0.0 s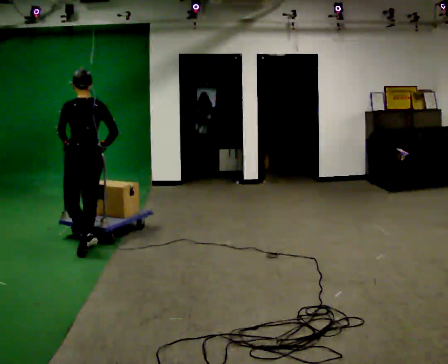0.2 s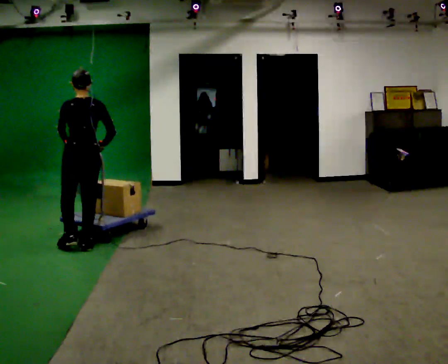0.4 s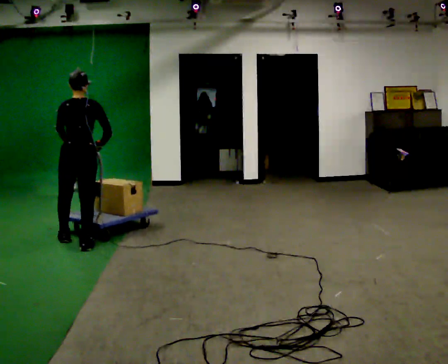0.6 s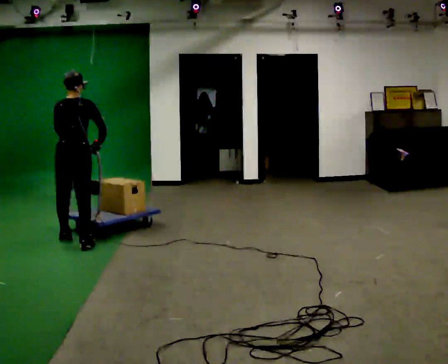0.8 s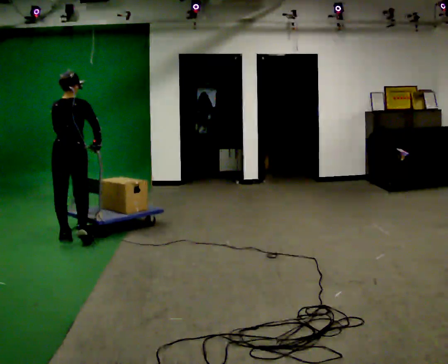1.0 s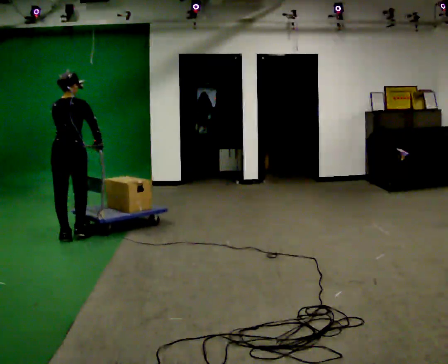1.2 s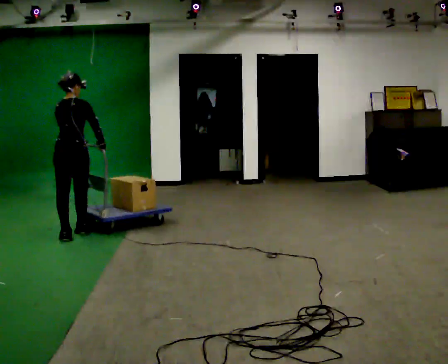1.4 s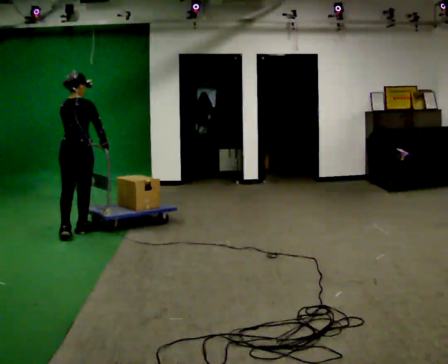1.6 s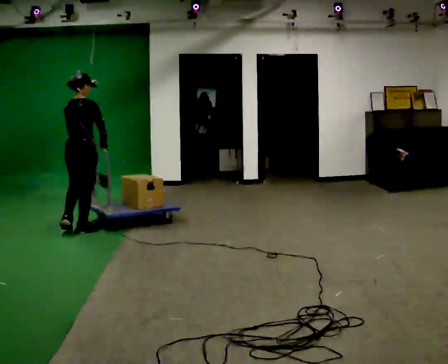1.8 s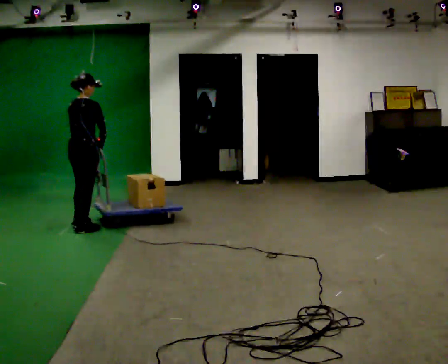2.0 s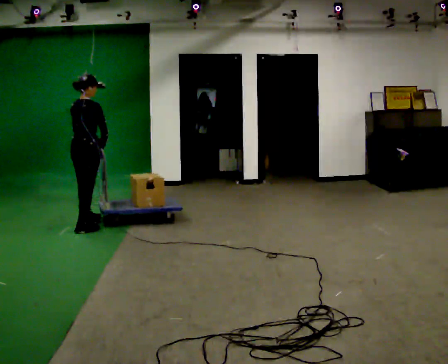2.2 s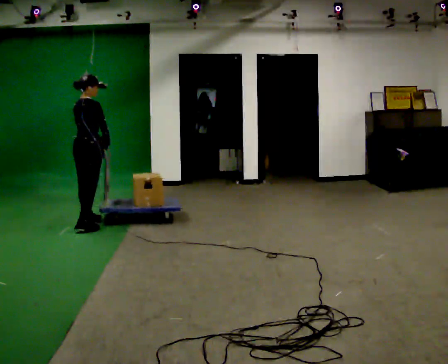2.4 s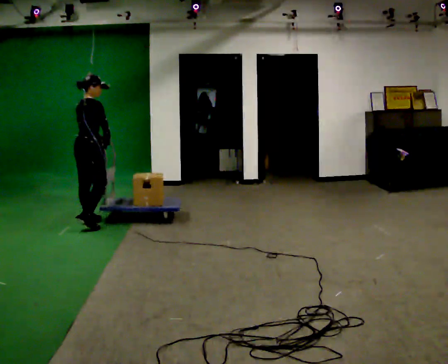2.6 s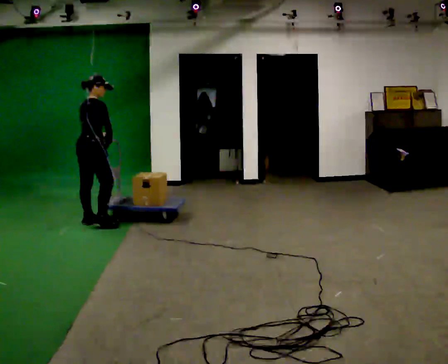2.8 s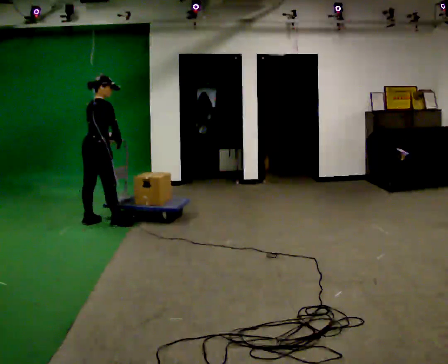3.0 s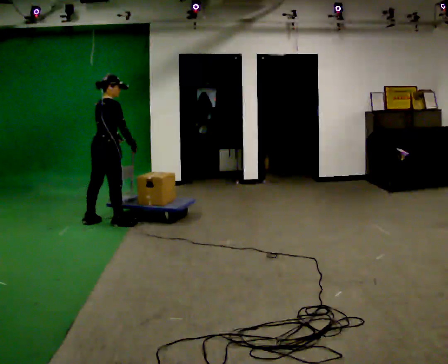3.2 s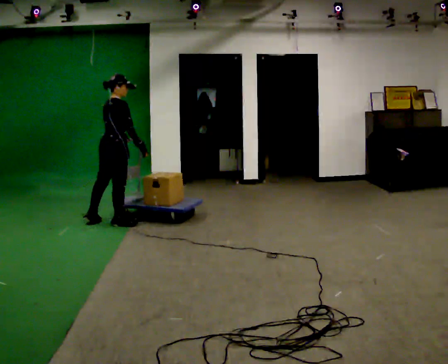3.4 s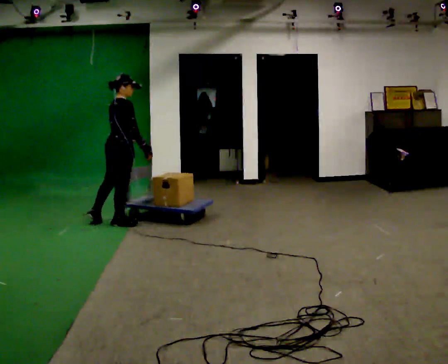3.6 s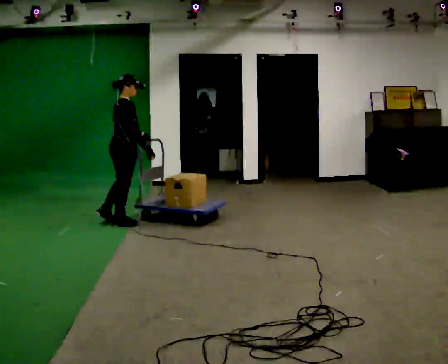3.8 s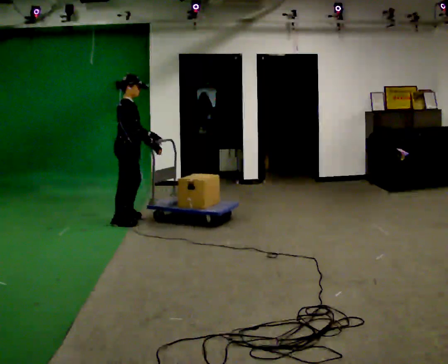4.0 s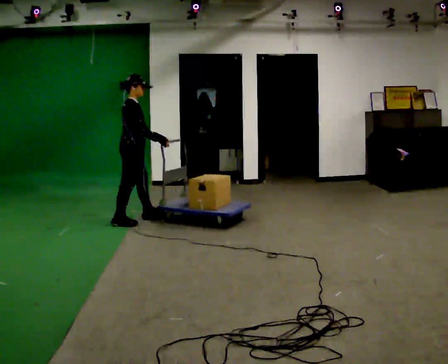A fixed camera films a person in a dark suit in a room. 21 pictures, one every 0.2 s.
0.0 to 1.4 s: The part of the body nearest the lens slides to the left as the person turns to their right by about 45 degrees. In the picture they go away from the camera, about 0.5 m in 2 steps, which for them is forward.
1.4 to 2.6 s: Seen from above the body turns clockwise, about 30 degrees: to their right, with its near side sliding to the left. In the picture they go away from the camera, about 0.25 m in 1 step, which for them is forward and to their left.
2.6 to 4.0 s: Seen from above the body turns clockwise, about 30 degrees: to their right, with its near side sliding to the left. In the picture they go to the right, about 0.5 m in 1 step, which for them is forward and to their right.
The film runs forward here.
